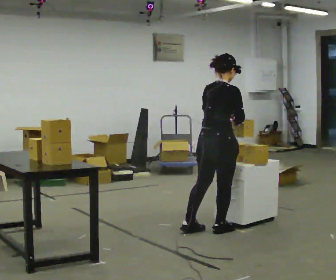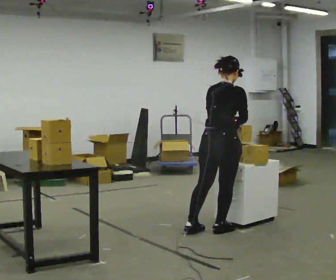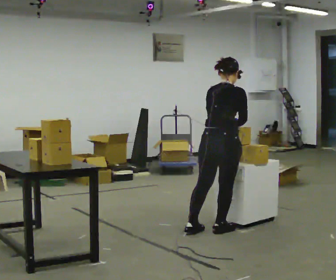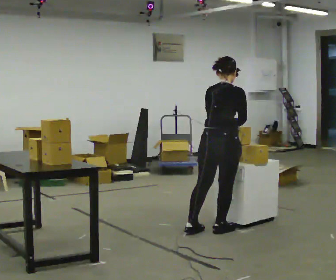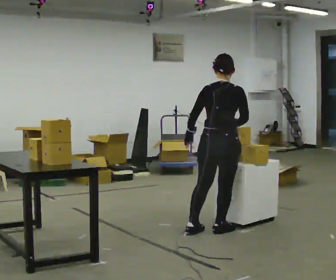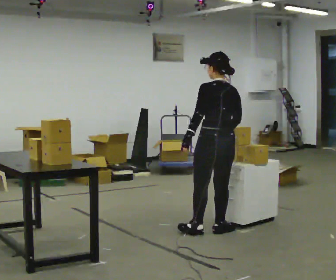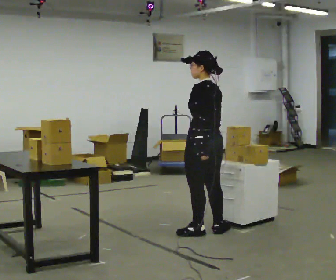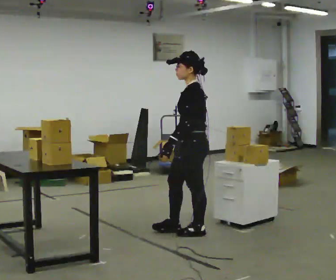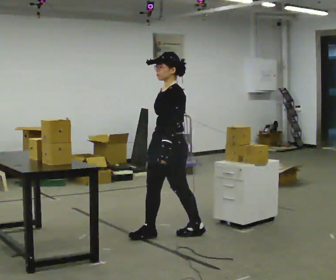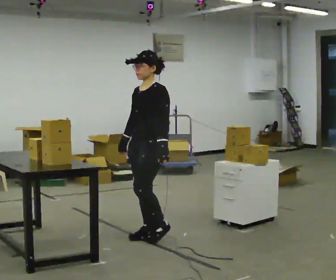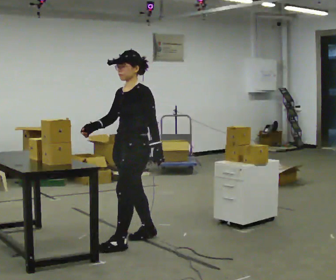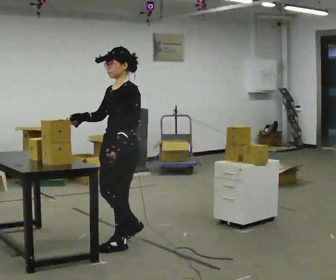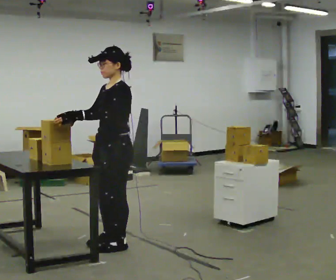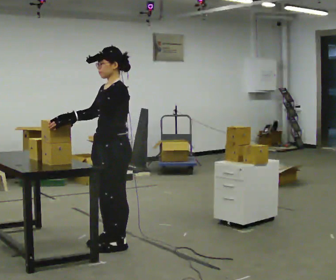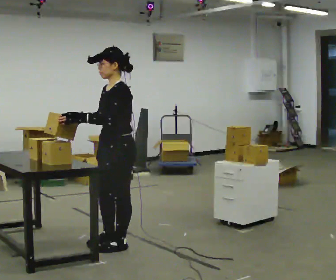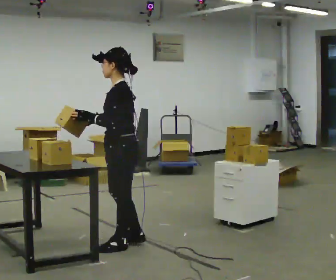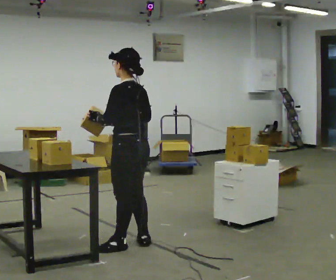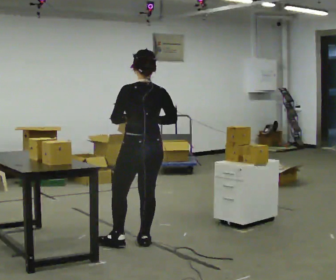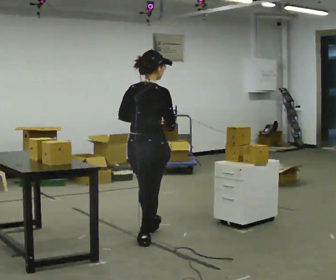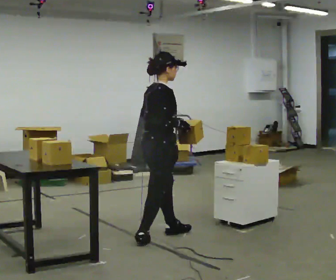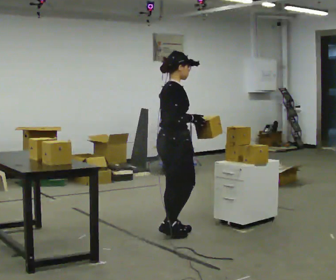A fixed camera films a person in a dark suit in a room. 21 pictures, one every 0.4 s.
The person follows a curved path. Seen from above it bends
counterclockwise.
0.0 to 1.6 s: In the picture their left hand goes to the left.
1.6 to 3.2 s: Seen from above the body turns counterclockwise, about 135 degrees: to their left, with its near side sliding to the right. In the picture they go to the left, about 0.5 m in 1 step.
3.2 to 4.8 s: In the picture they go to the left and toward the camera, about 0.5 m in 2 steps, which for them is forward.
4.8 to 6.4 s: The person turns about 60 degrees to their right, clockwise seen from above, so the part of the body nearest the lens slides to the left. In the picture they go to the right, about 0.25 m in 1 step, which for them is backward. In the picture their right hand goes to the right.
6.4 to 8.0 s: The person turns about 135 degrees to their right, clockwise seen from above, so the part of the body nearest the lens slides to the left. In the picture they go away from the camera and to the right, about 0.5 m in 1 step.
The film runs forward here.
